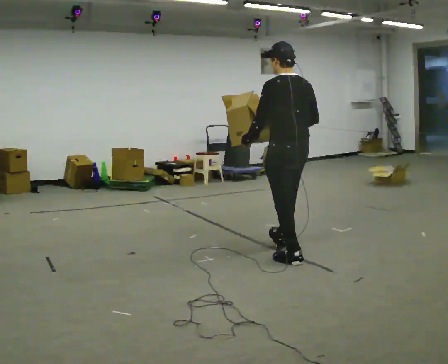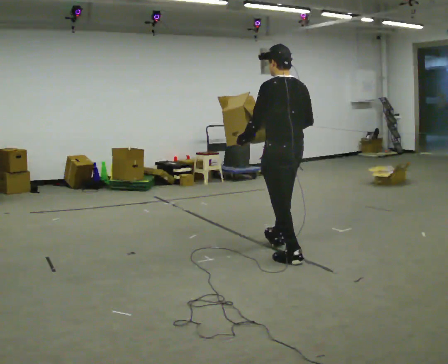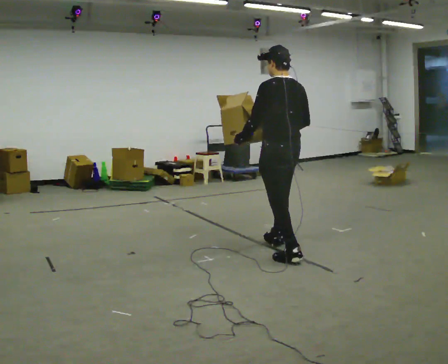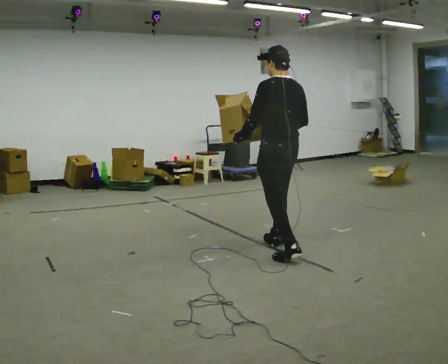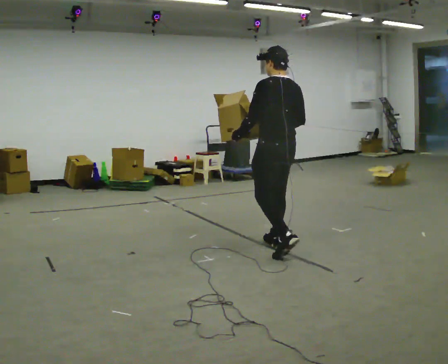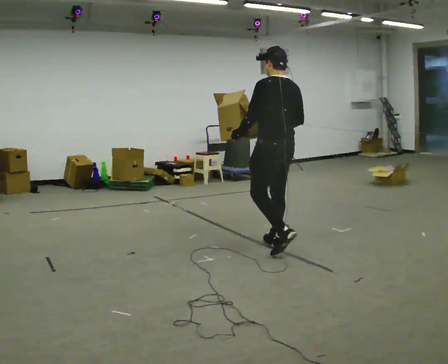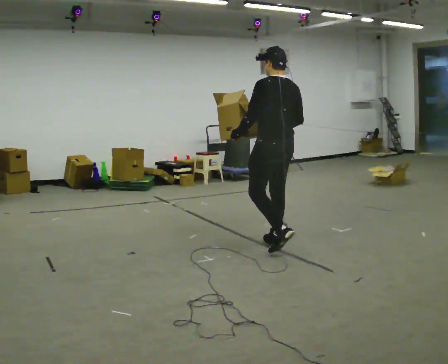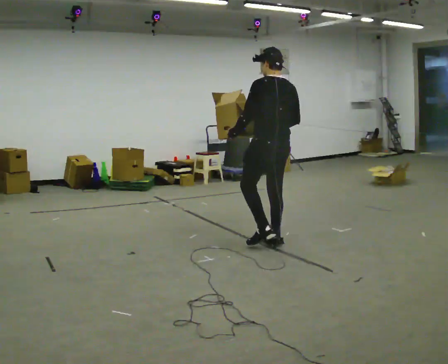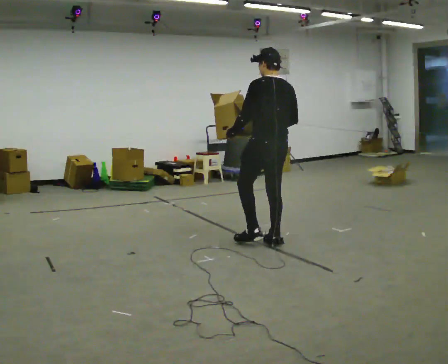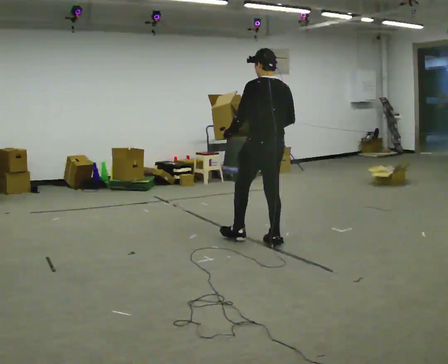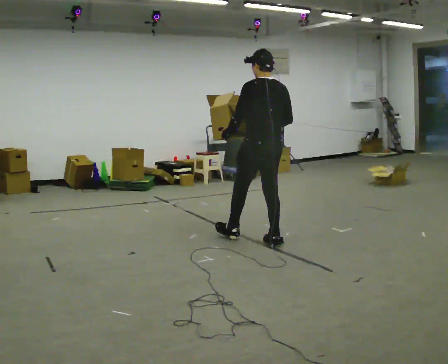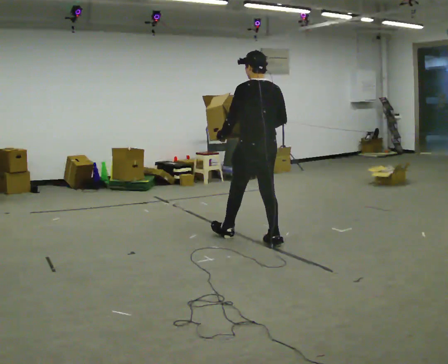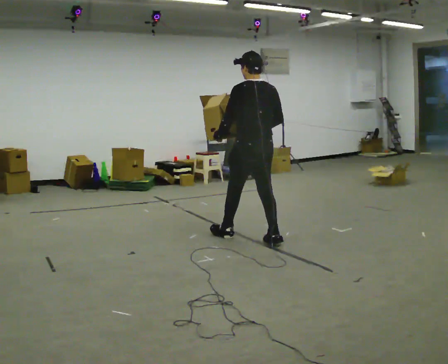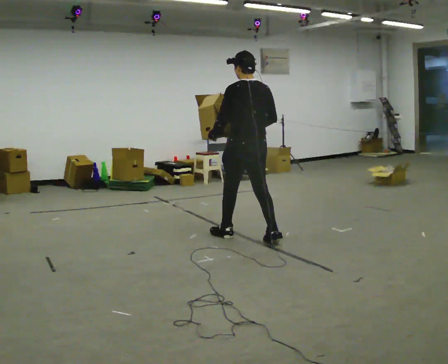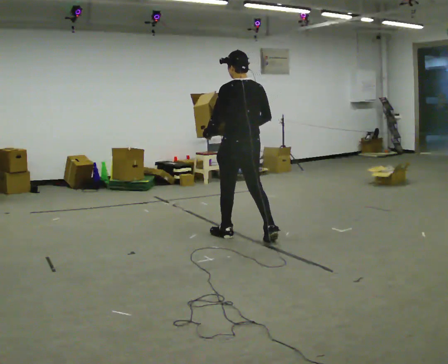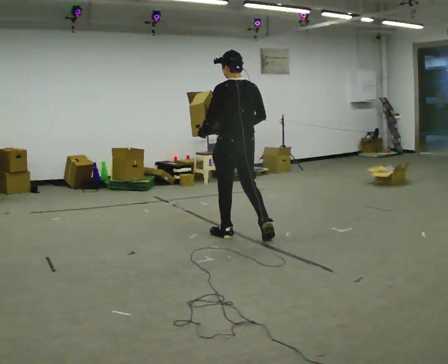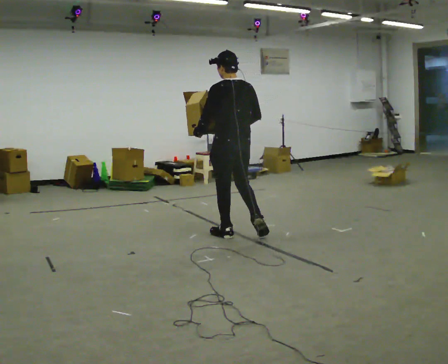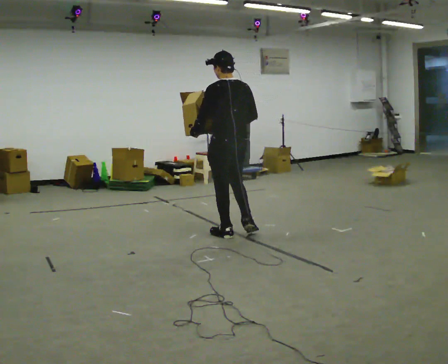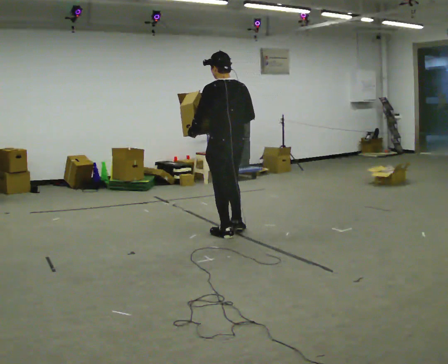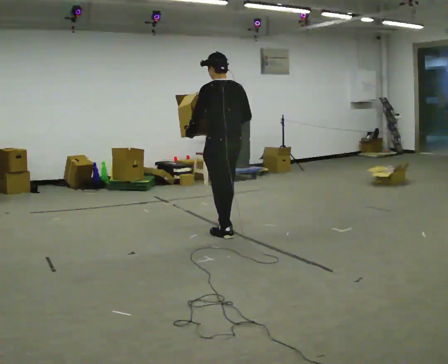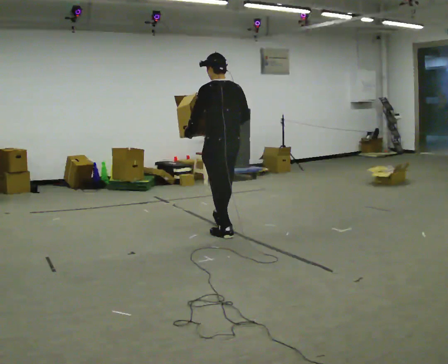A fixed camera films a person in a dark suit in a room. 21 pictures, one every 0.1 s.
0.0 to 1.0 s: In the picture they go away from the camera and to the left, about 0.5 m in 1 step, which for them is forward.
1.0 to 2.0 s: In the picture they go to the left and away from the camera, about 0.5 m in 1 step, which for them is forward.
The film runs forward here.
